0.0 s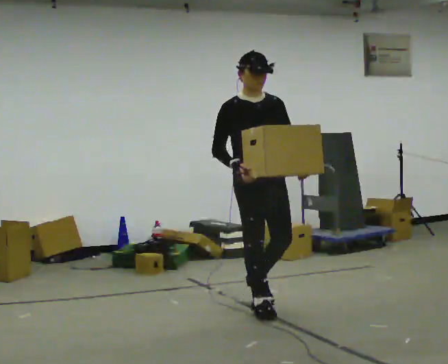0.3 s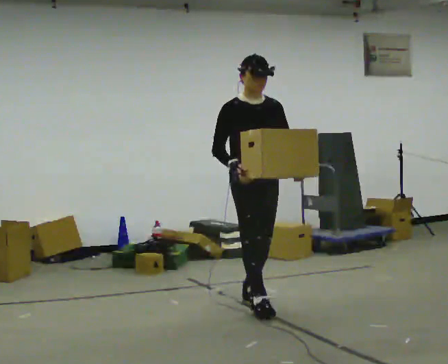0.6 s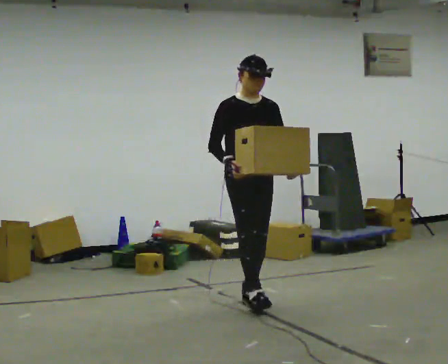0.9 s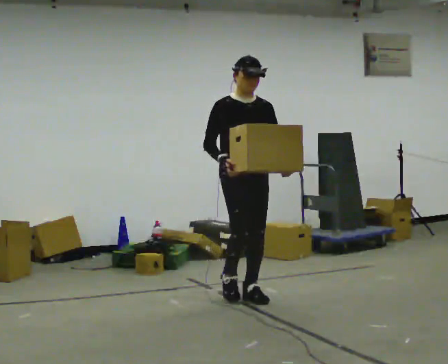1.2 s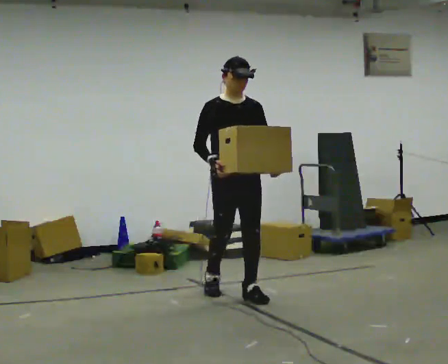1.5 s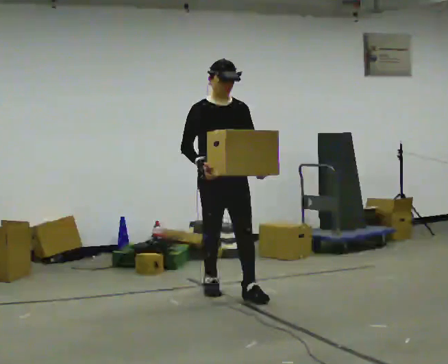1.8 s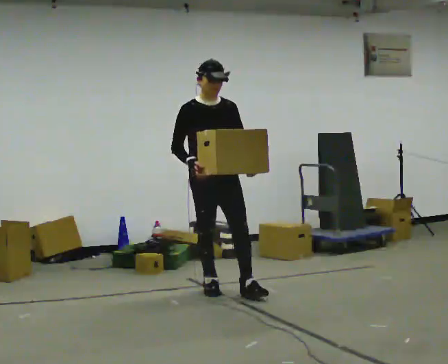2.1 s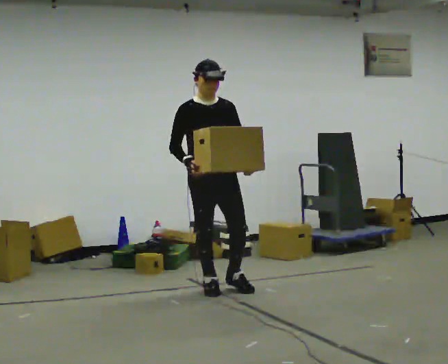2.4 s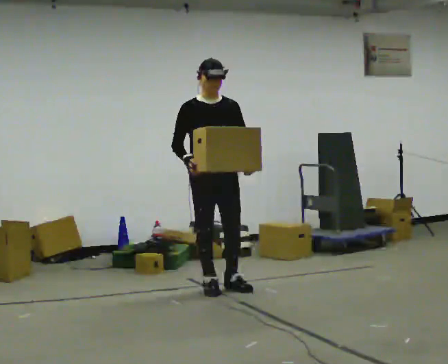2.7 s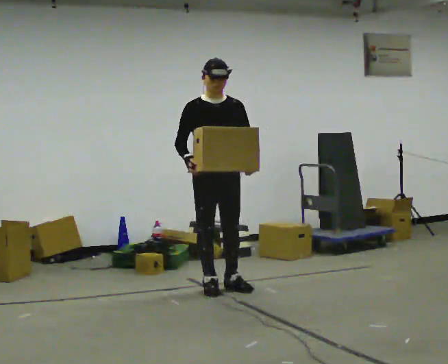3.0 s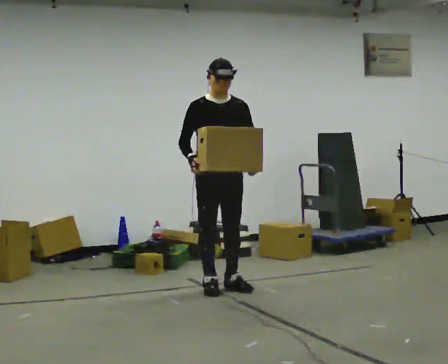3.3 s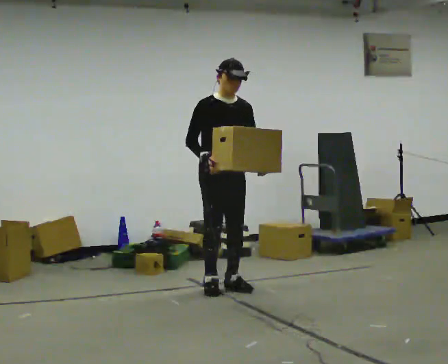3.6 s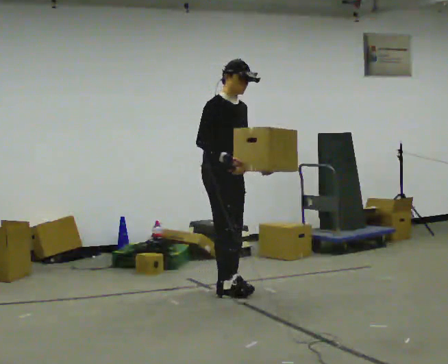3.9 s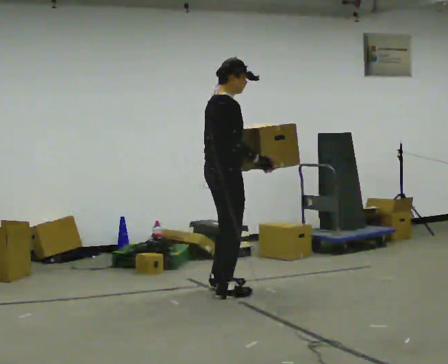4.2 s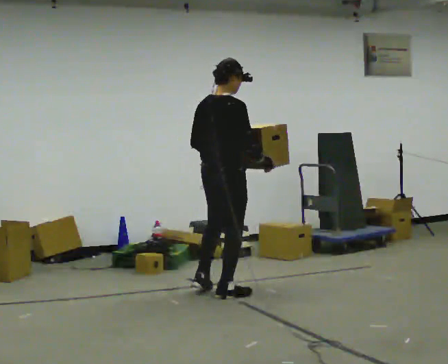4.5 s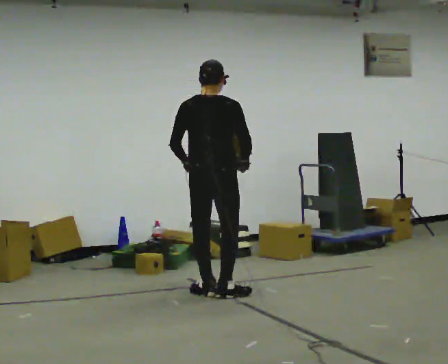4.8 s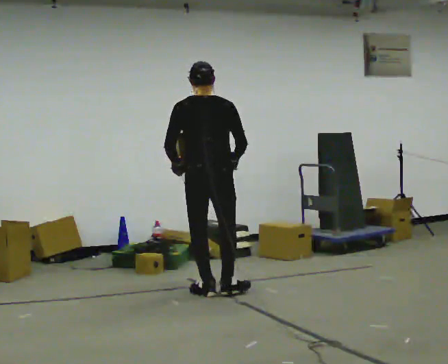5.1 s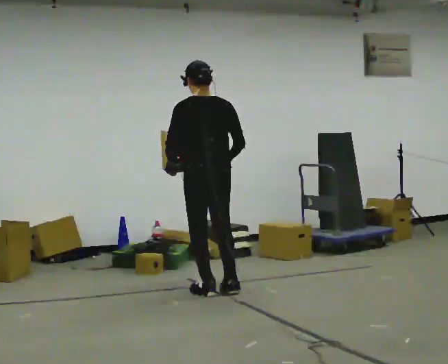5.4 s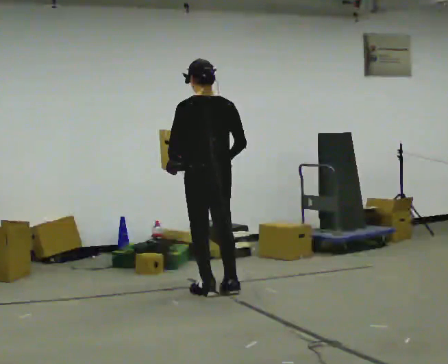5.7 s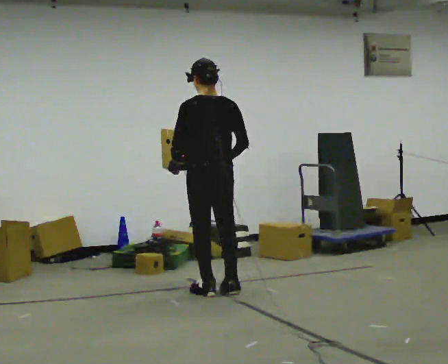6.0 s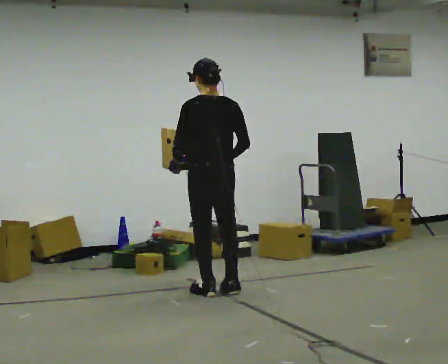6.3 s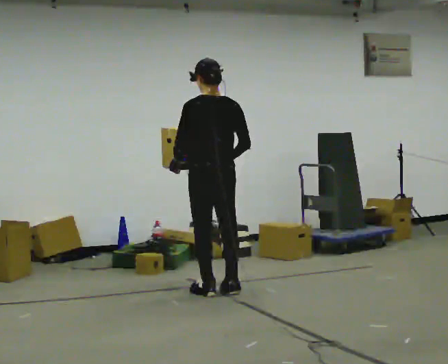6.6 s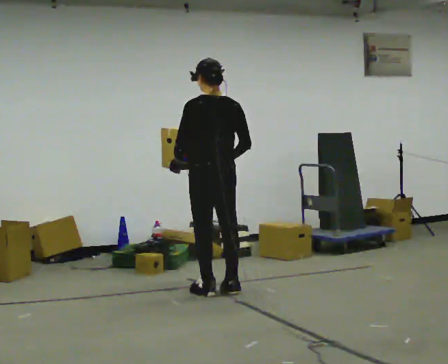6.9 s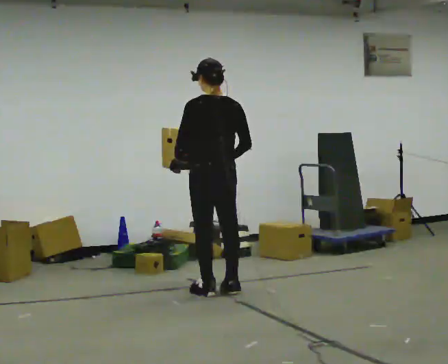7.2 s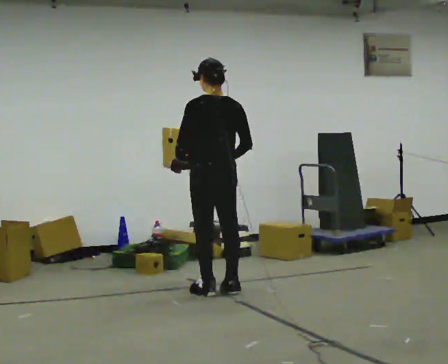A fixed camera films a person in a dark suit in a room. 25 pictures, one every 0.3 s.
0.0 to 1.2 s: In the picture they go away from the camera, about 0.5 m in 1 step, which for them is backward.
1.2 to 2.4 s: In the picture they go away from the camera and to the left, about 0.25 m in 1 step, which for them is backward and to their right.
2.4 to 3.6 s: The person moves a little, or ends about where they began.
3.6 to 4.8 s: The part of the body nearest the lens slides to the right as the person turns to their left by about 135 degrees. In the picture they go toward the camera, about 0.25 m in 1 step. In the picture their left hand goes to the left, the arm swinging clockwise.
4.8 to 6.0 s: Seen from above the body turns counterclockwise, about 45 degrees: to their left, with its near side sliding to the right.
6.0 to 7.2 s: The person moves a little, or ends about where they began.
The film runs backward here.
